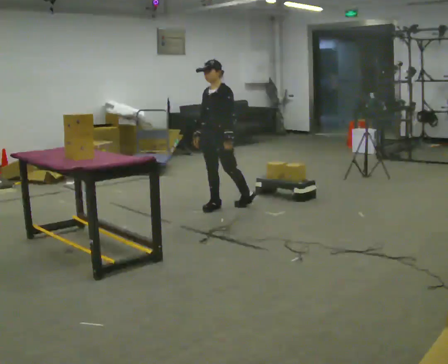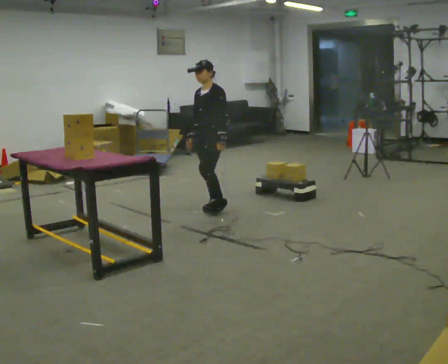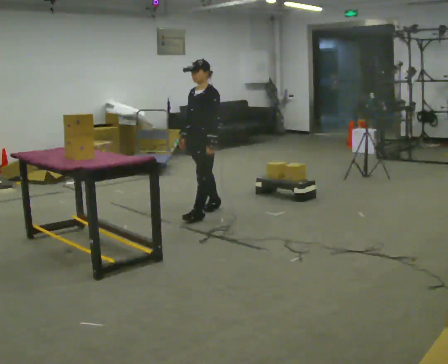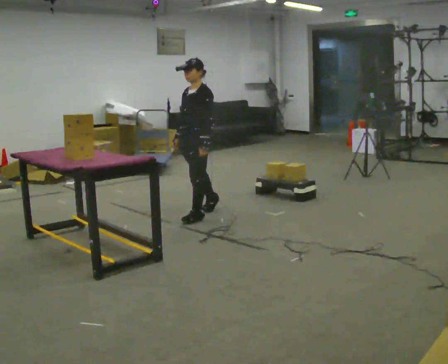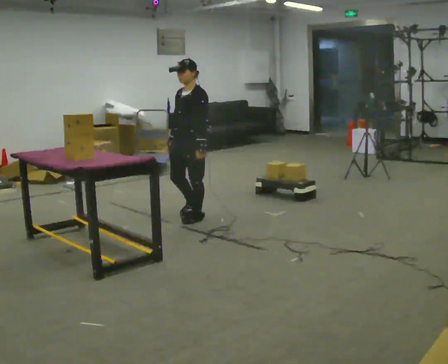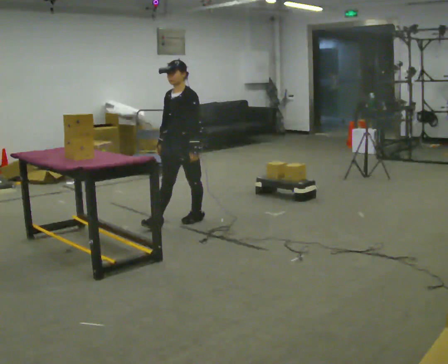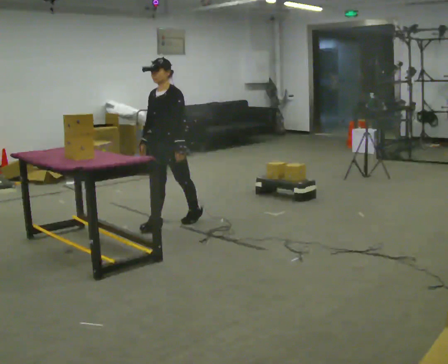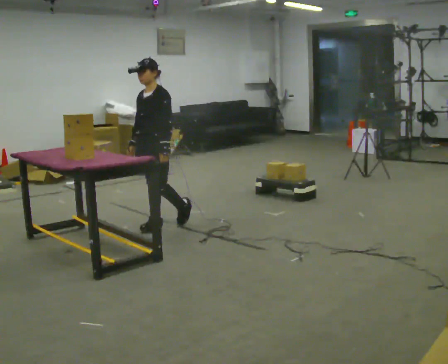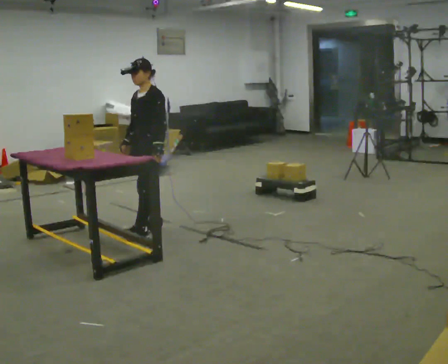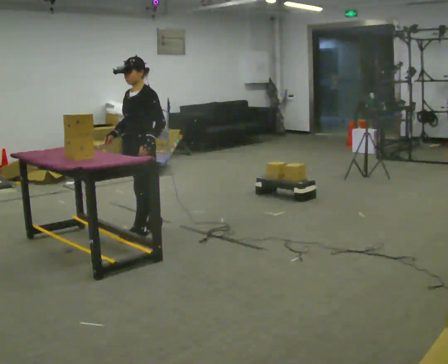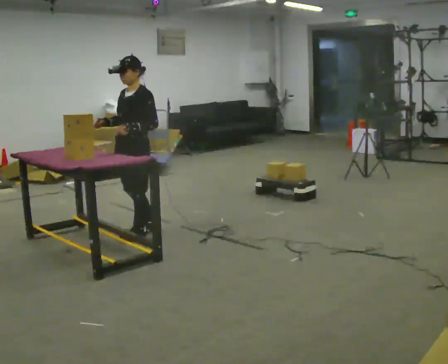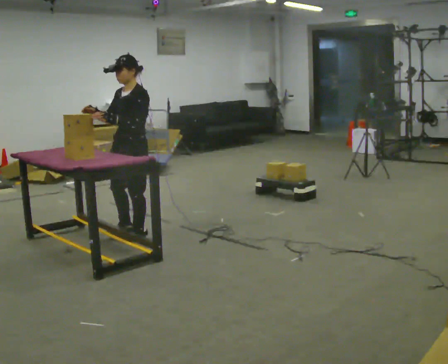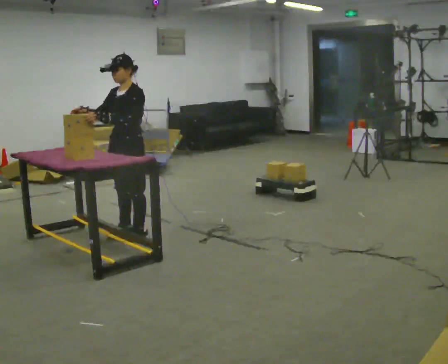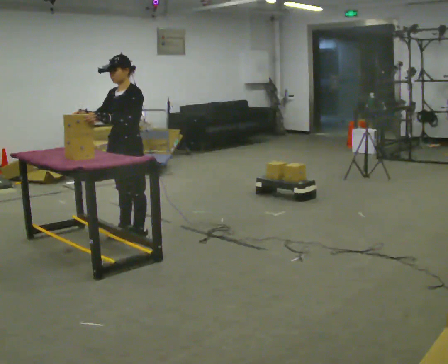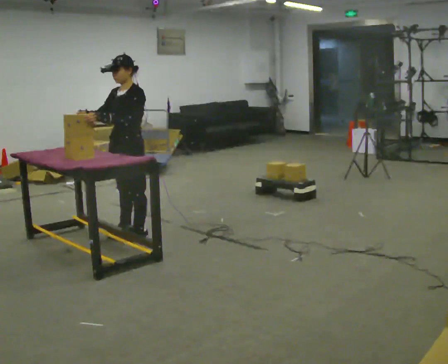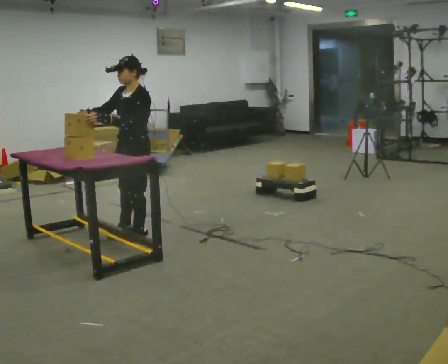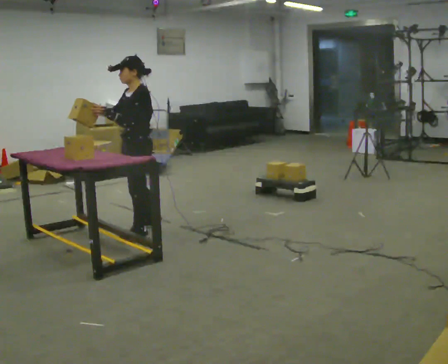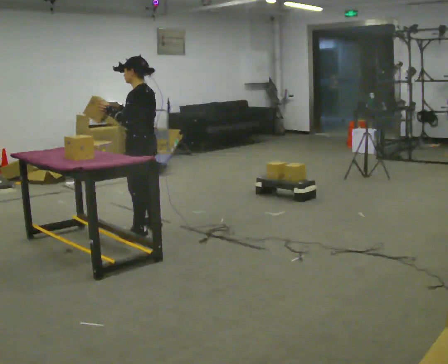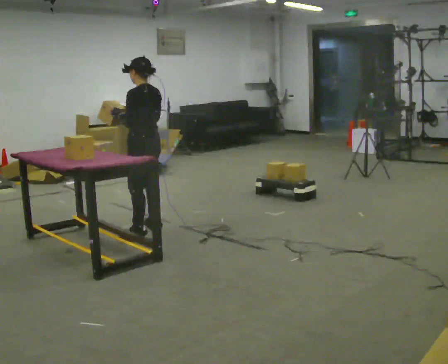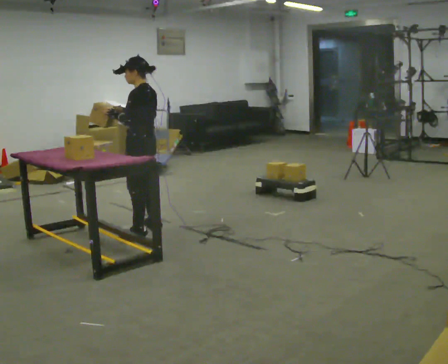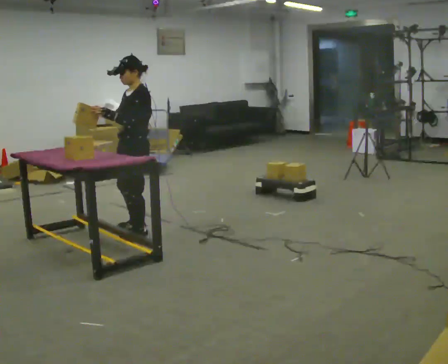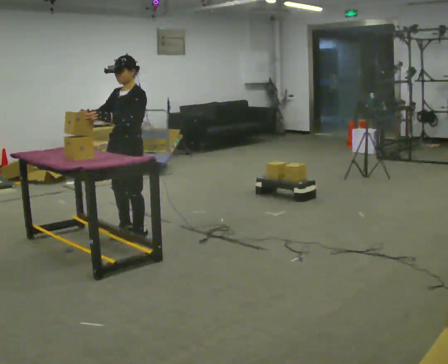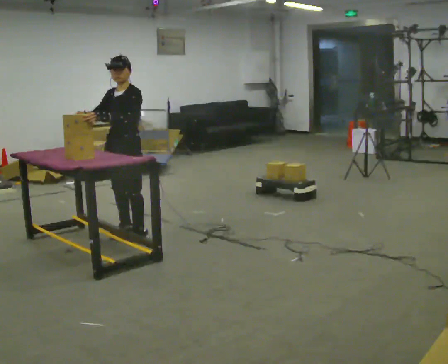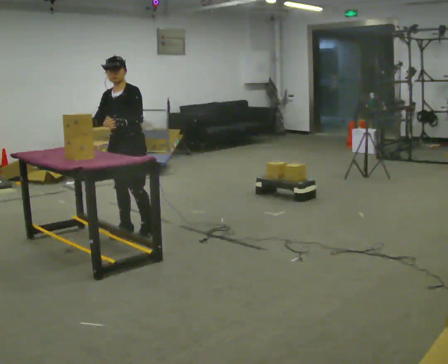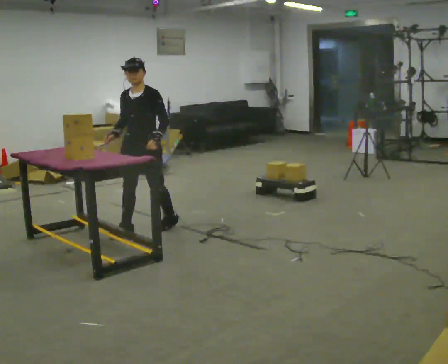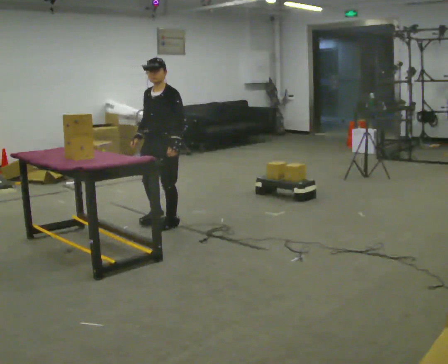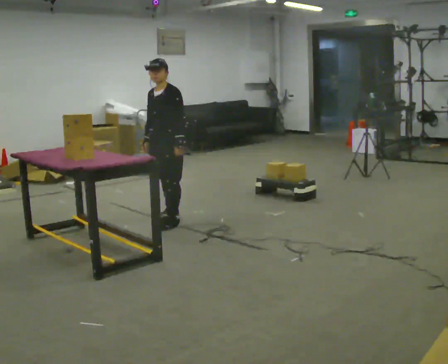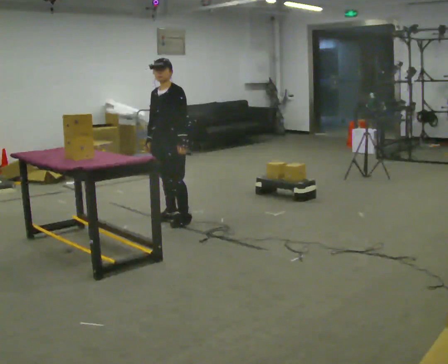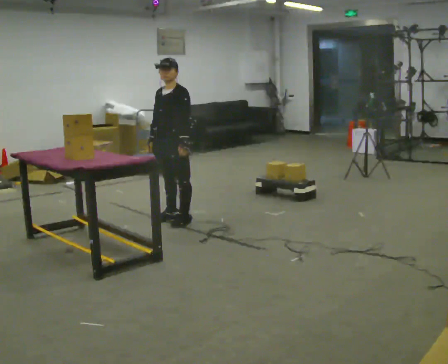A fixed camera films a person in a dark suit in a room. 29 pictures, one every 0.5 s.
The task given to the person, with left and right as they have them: Carry the object across the room and place it on the shelf just at the top of your comfortable reach. Keep going until the operator says stop; one object at a time, and do not rush between trips.
0.0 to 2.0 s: In the picture they go to the left and toward the camera, about 0.5 m in 1 step, which for them is forward.
2.0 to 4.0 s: In the picture they go to the left, about 0.5 m in 2 steps, which for them is forward.
4.0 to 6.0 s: In the picture they go to the left, about 0.25 m in 1 step, which for them is forward. In the picture their right hand goes to the left and upward, the arm swinging clockwise.
6.0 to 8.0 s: The part of the body nearest the lens slides to the left as the person turns to their right by about 30 degrees.
8.0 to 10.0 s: The person moves a little, or ends about where they began.
10.0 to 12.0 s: Seen from above the body turns counterclockwise, about 45 degrees: to their left, with its near side sliding to the right. In the picture they go away from the camera, about 0.25 m in 2 steps, which for them is backward. In the picture their left hand goes to the right.
12.0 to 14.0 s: In the picture they go to the right and away from the camera, about 0.25 m in 2 steps, which for them is backward.
The film runs forward here.
